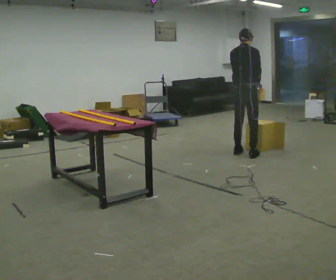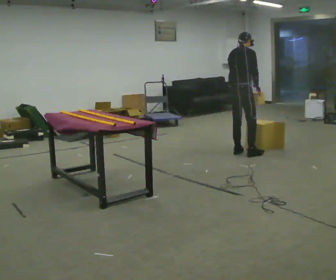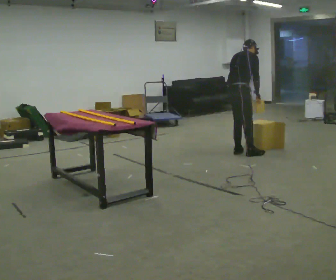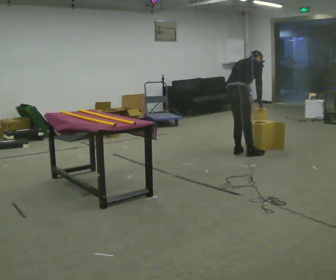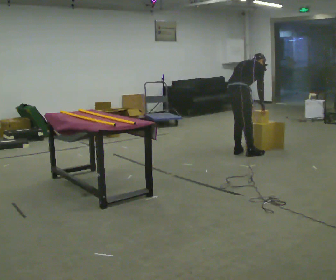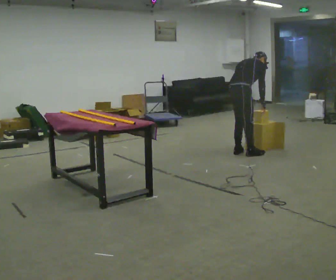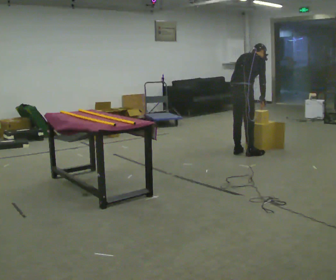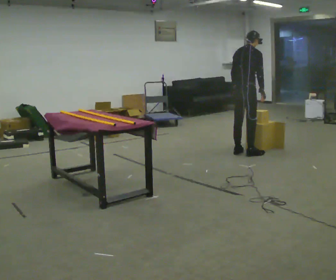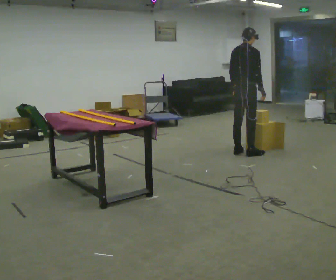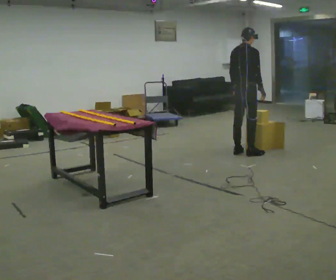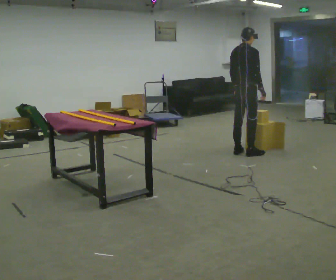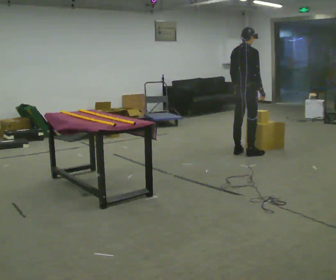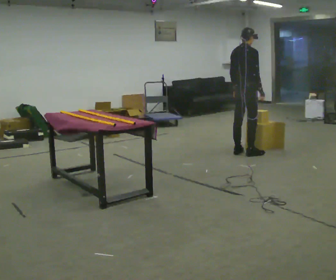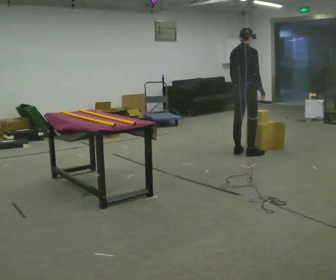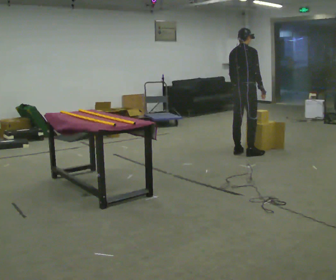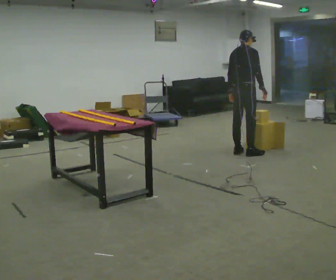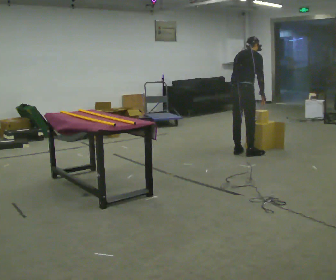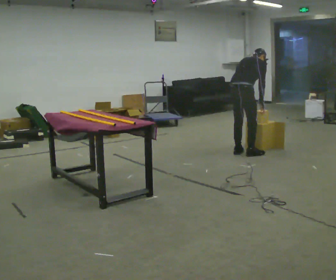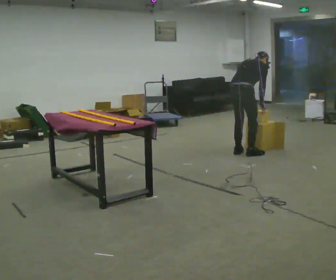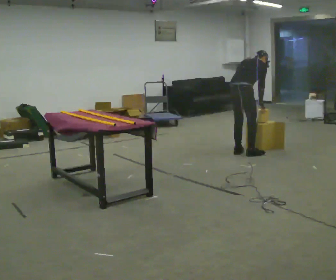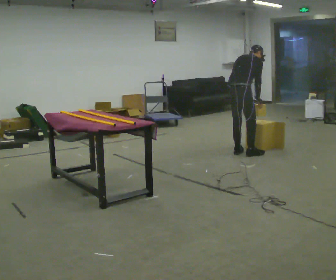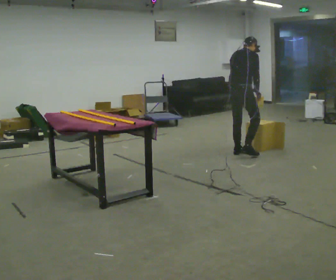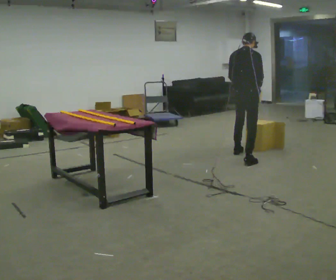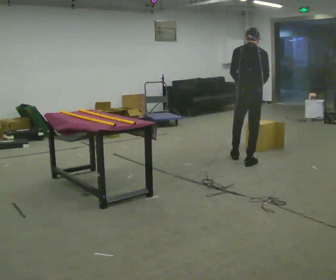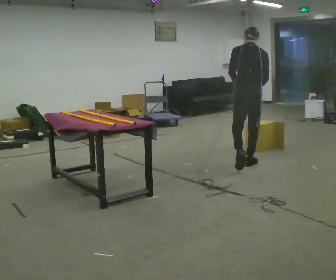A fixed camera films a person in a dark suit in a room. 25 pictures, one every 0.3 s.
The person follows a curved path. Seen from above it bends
counterclockwise.
0.0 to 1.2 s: The upper body goes downward. The upper body tips away from the camera, its near side rolling upward, as they bend forward.
1.2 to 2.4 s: The upper body goes upward. The upper body tips toward the camera, its near side rolling downward, as they lean back or straighten.
2.4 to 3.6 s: The person moves a little, or ends about where they began.
3.6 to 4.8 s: The upper body tips away from the camera, its near side rolling upward, as they bend forward.
4.8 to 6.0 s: The person moves a little, or ends about where they began.
6.0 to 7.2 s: The part of the body nearest the lens slides to the right as the person turns to their left by about 45 degrees. In the picture they go toward the camera, about 0.5 m in 2 steps, which for them is backward and to their right. The upper body tips toward the camera, its near side rolling downward, as they lean back or straighten.
The film runs backward here.
